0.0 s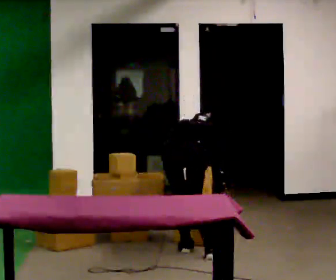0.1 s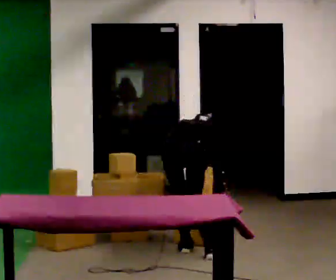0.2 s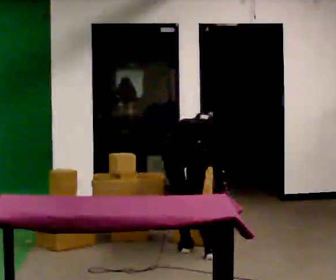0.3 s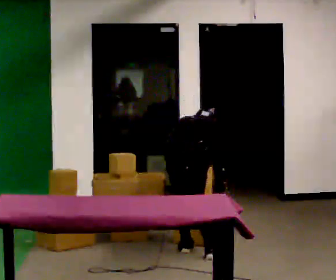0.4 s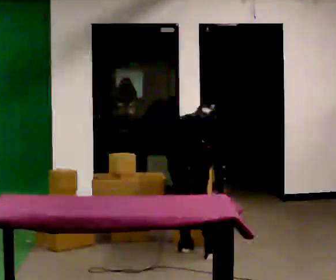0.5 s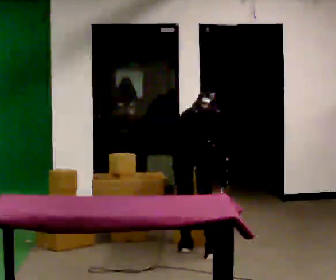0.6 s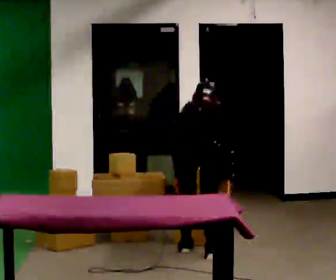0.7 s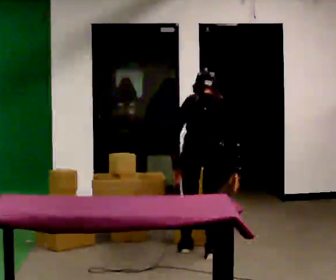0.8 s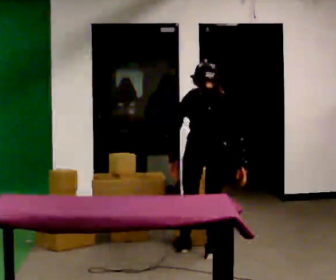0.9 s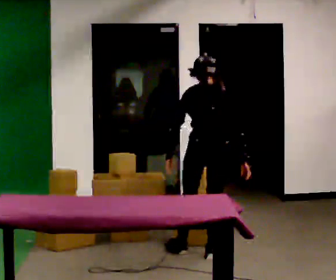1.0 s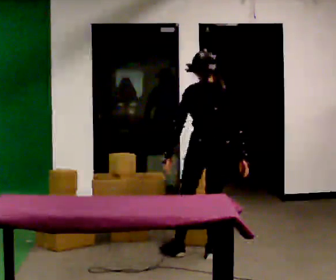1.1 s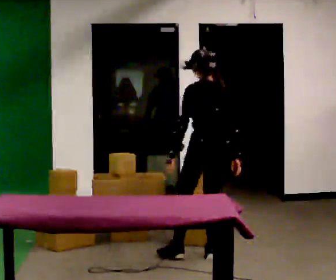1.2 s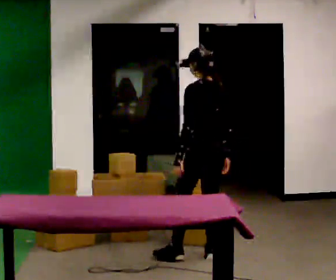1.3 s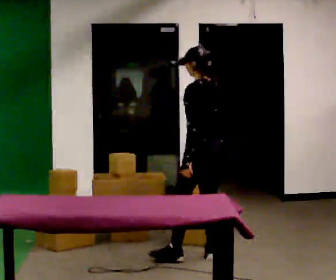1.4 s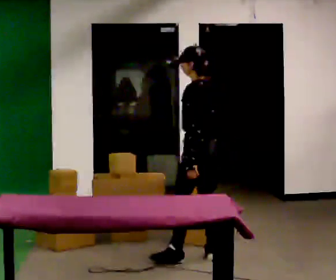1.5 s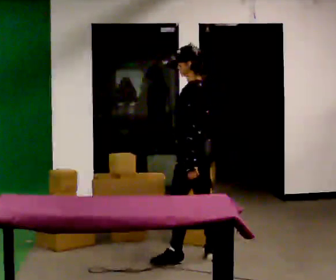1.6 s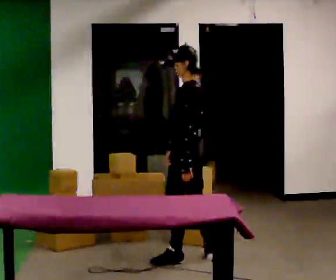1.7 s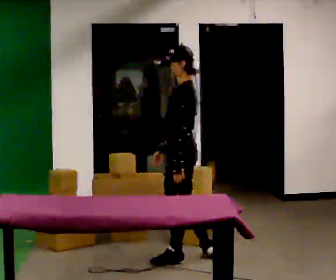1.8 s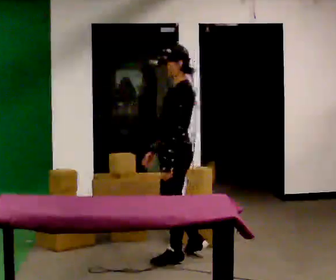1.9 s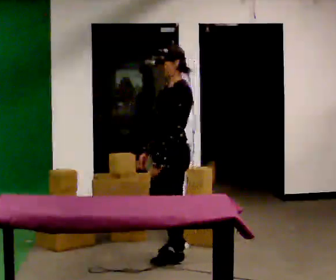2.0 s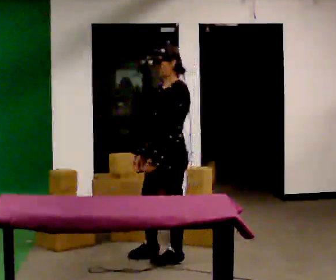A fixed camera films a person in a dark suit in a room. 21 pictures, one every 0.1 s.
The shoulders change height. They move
upward.
The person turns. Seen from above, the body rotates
counterclockwise.
0.0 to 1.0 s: The person turns about 45 degrees to their left, counterclockwise seen from above, so the part of the body nearest the lens slides to the right. In the picture they go to the right, about 0.25 m, which for them is to their right. The shoulders move upward. The upper body tips toward the camera, its near side rolling downward, as they lean back or straighten. In the picture their left hand goes upward.
1.0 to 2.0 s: Seen from above the body turns counterclockwise, about 90 degrees: to their left, with its near side sliding to the right. In the picture they go to the left and toward the camera, about 0.25 m in 1 step.
The film runs forward here.
